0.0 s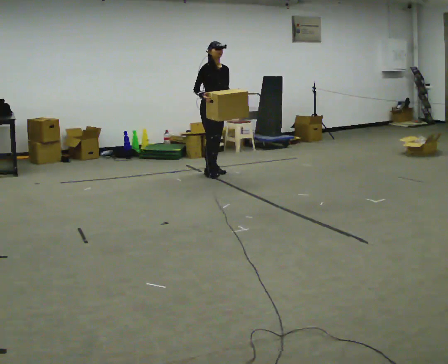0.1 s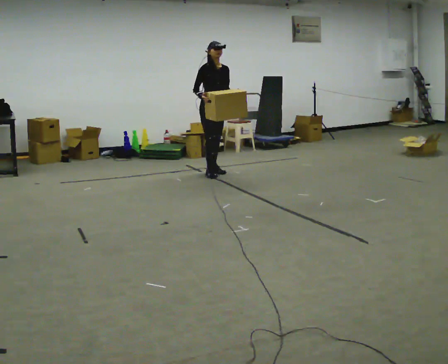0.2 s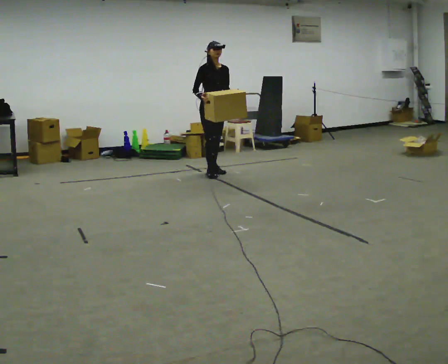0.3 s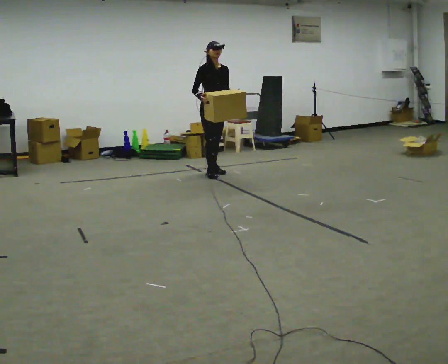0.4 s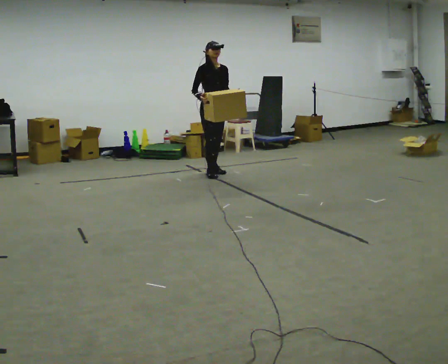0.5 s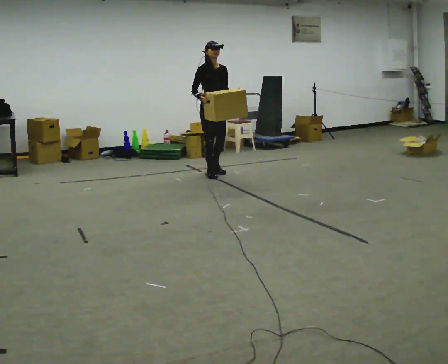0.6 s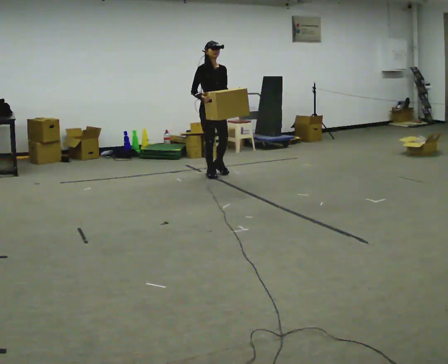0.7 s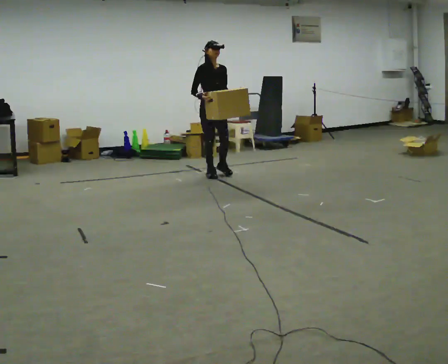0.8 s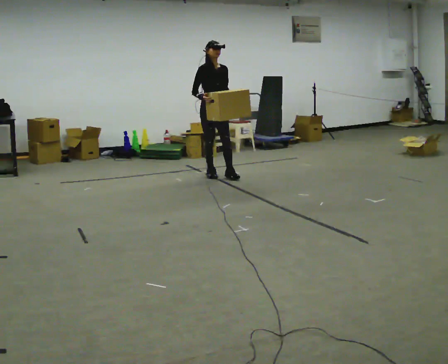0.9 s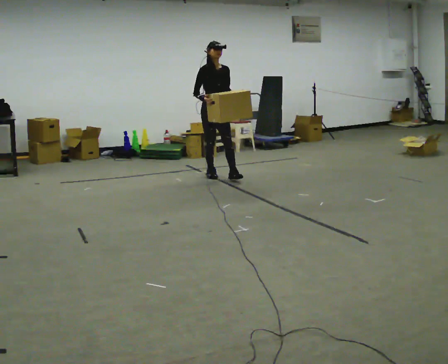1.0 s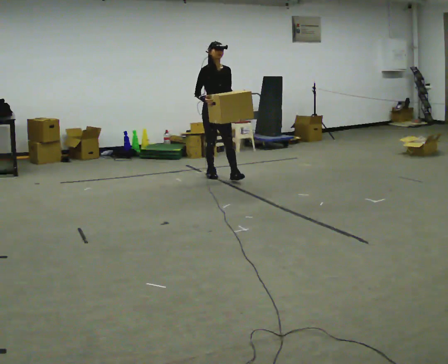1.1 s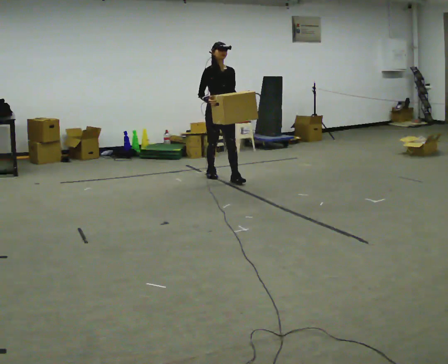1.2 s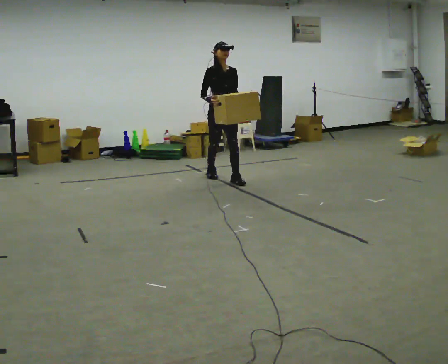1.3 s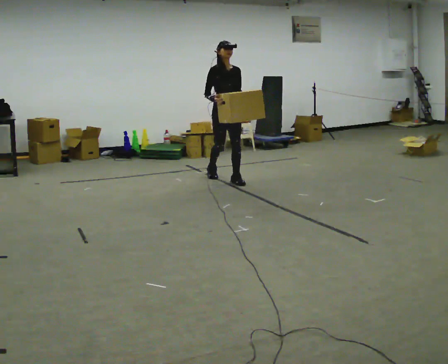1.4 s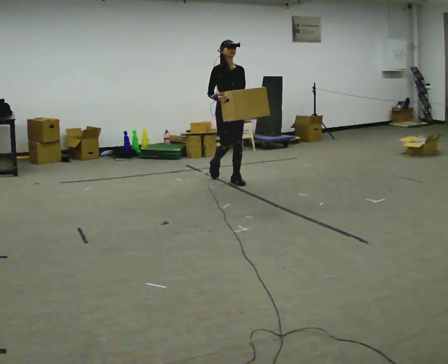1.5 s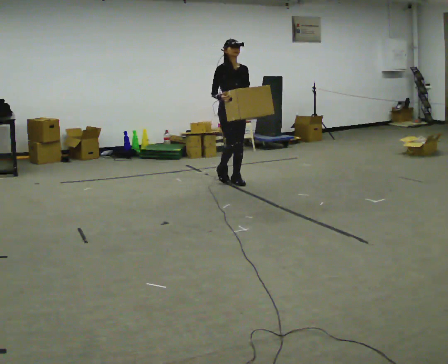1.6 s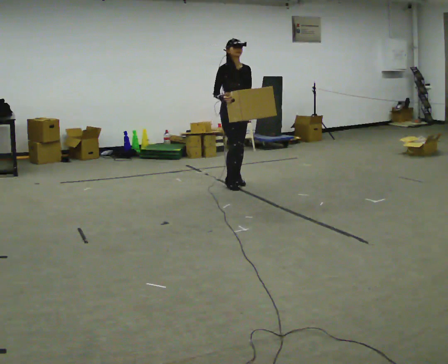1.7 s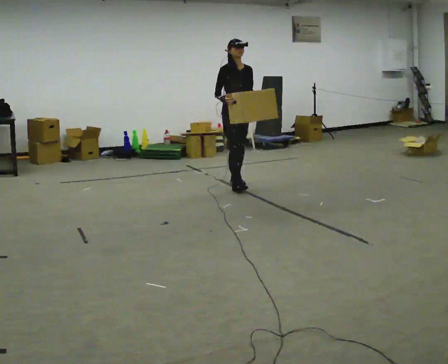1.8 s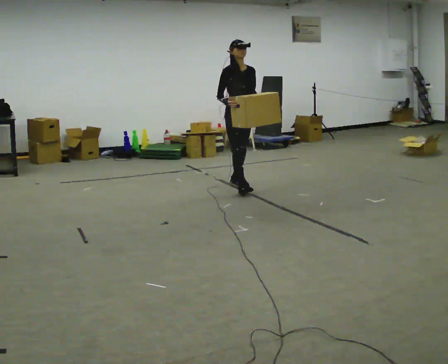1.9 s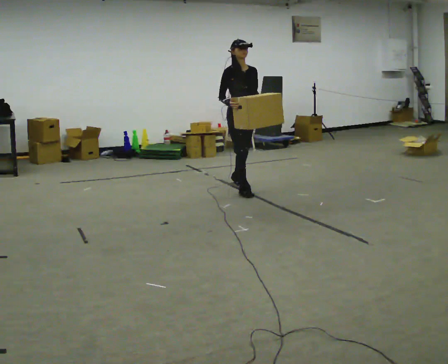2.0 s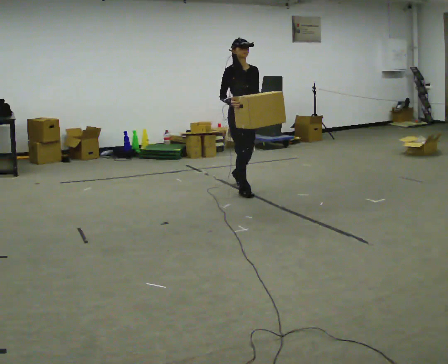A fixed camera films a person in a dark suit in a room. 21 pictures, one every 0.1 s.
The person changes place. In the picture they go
toward the camera.
0.0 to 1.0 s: In the picture they go toward the camera, about 0.25 m, which for them is forward.
1.0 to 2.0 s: In the picture they go toward the camera and to the right, about 0.75 m in 2 steps, which for them is forward.
The film runs forward here.
